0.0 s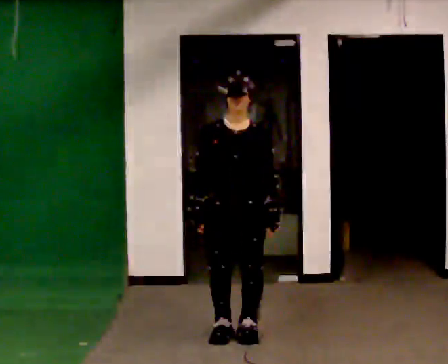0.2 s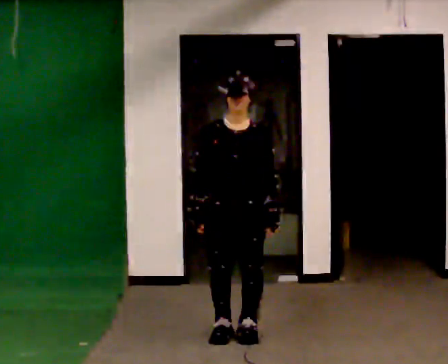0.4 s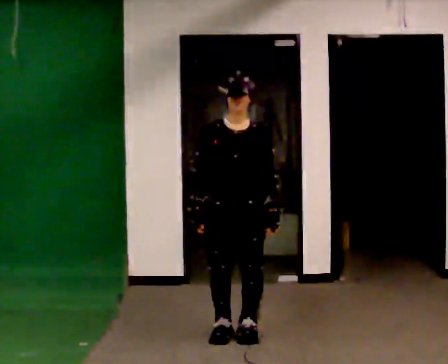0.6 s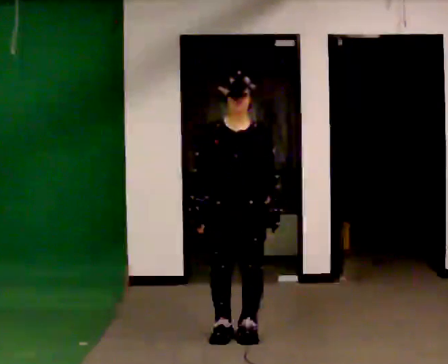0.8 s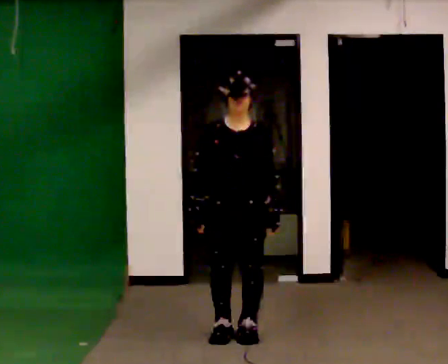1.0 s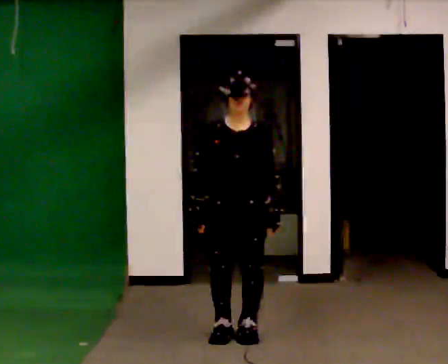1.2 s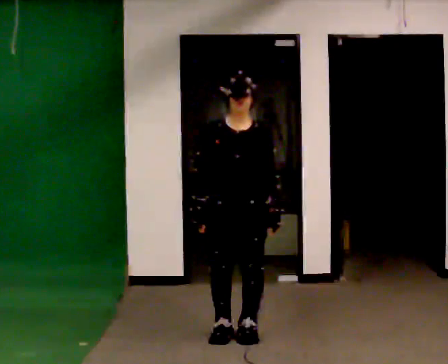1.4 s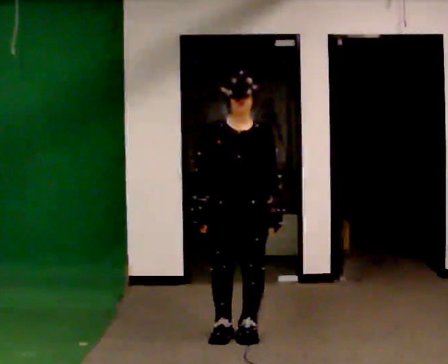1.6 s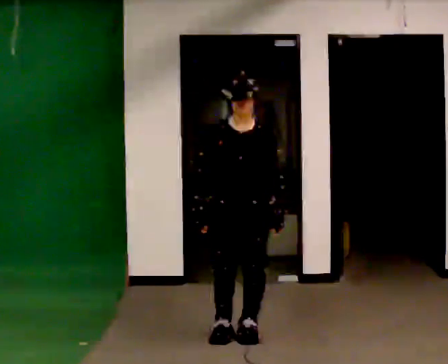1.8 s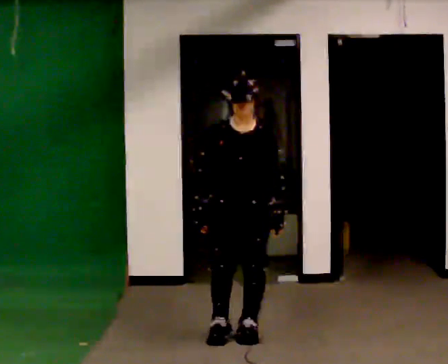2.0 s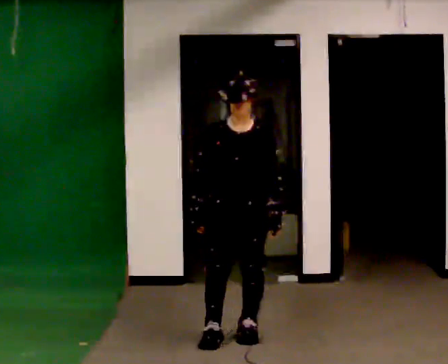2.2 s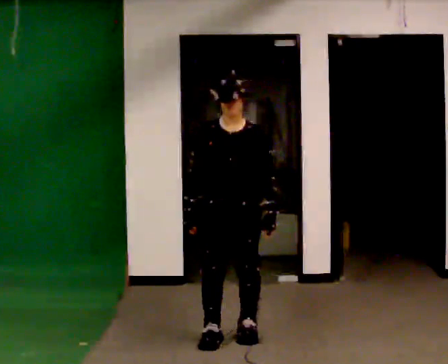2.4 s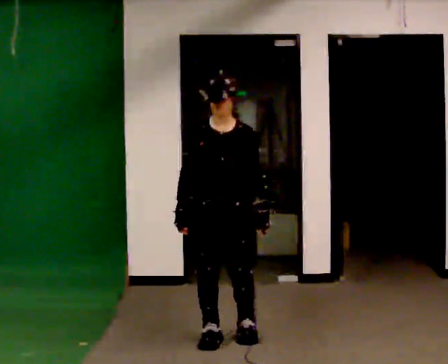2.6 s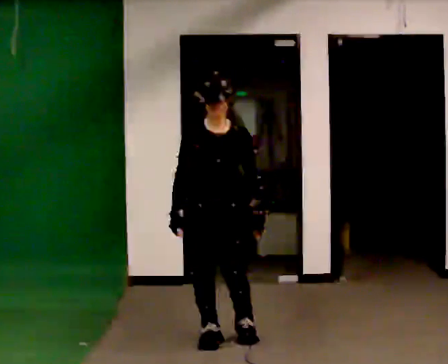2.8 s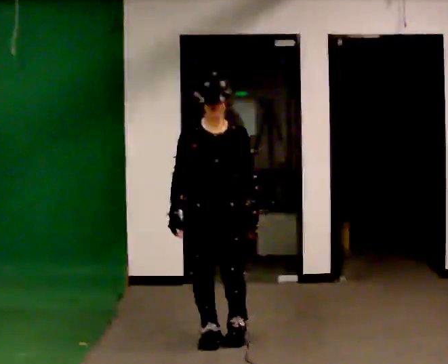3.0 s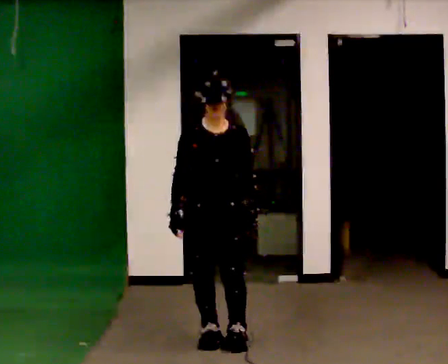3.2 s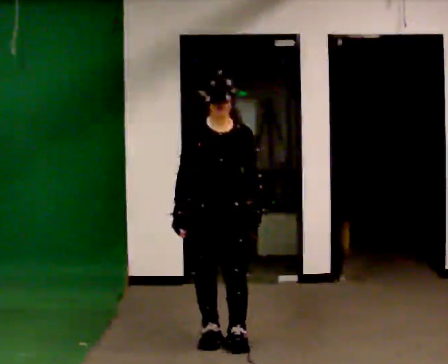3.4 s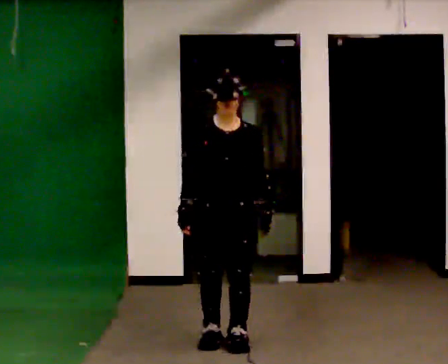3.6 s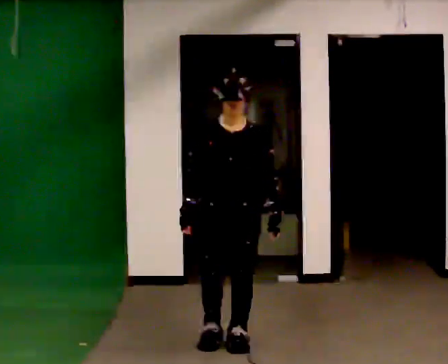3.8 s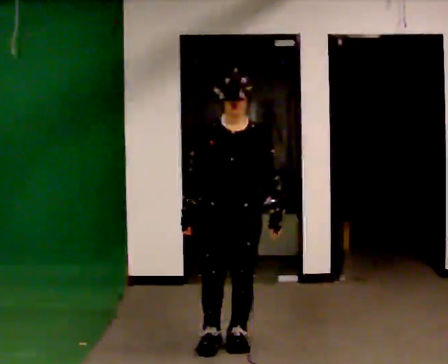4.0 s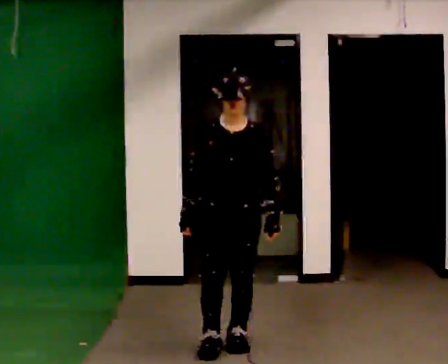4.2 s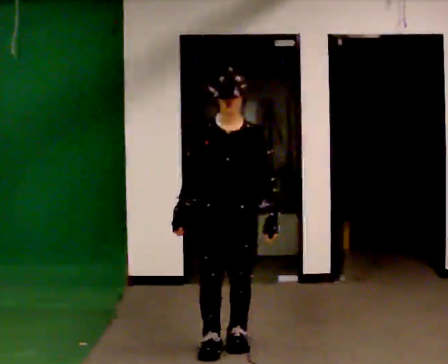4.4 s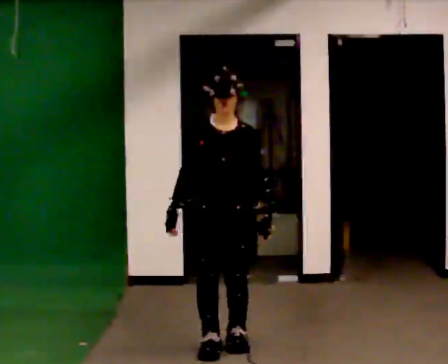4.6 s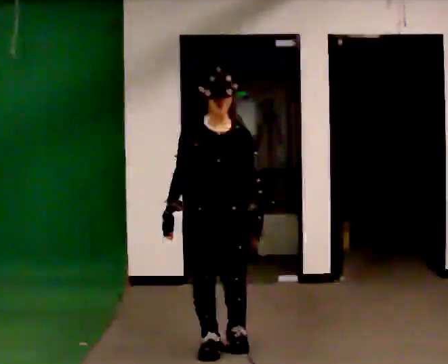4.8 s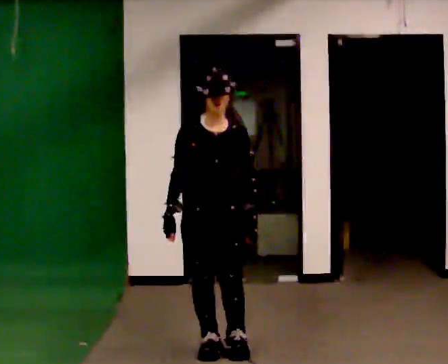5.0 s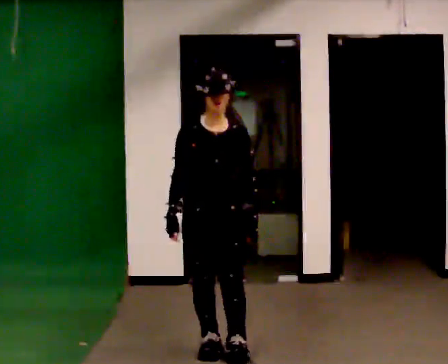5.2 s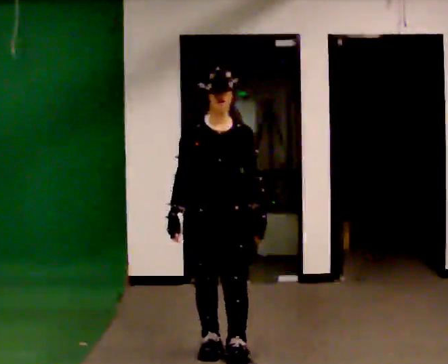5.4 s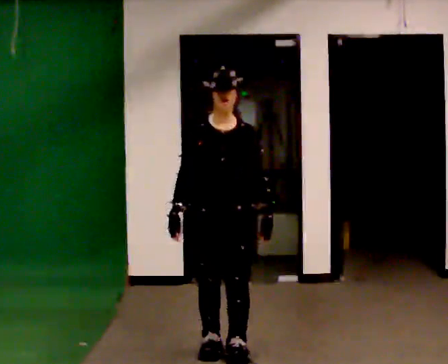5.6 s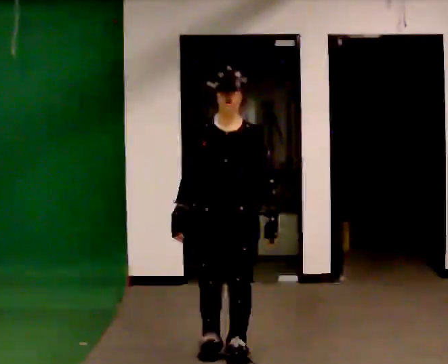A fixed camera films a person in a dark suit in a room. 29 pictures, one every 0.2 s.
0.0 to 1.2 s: The person keeps their place and pose.
1.2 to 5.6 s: In the picture they go toward the camera, about 0.5 m in 3 steps, which for them is forward.
The film runs forward here.
